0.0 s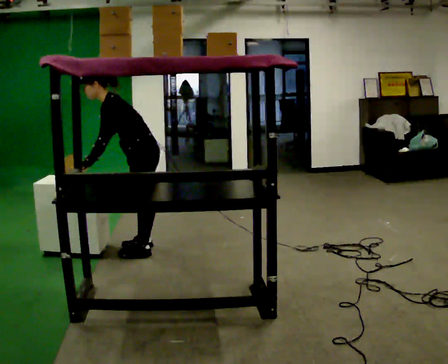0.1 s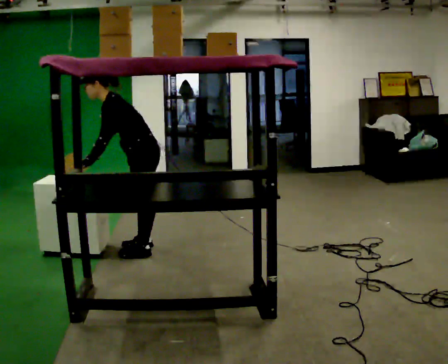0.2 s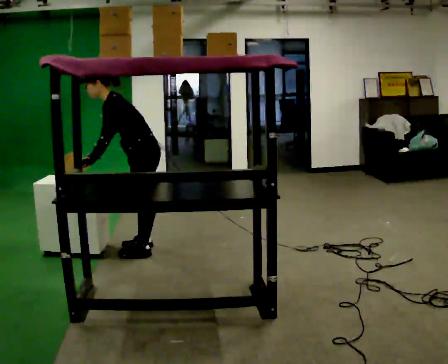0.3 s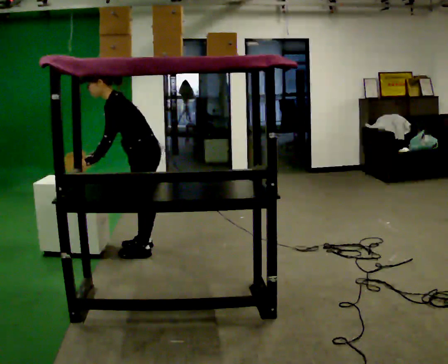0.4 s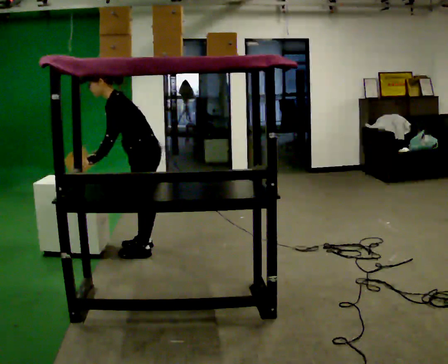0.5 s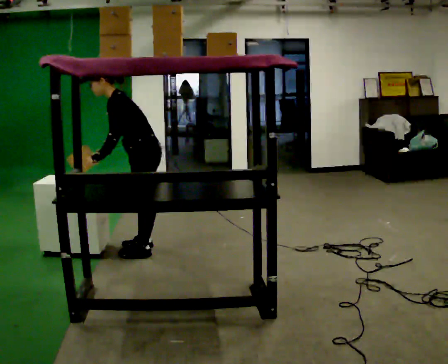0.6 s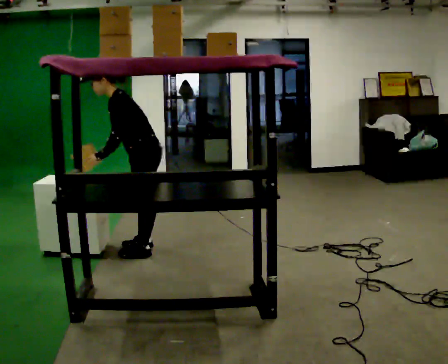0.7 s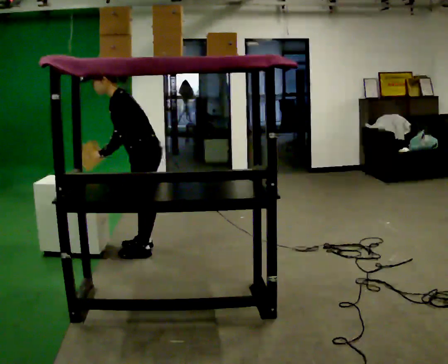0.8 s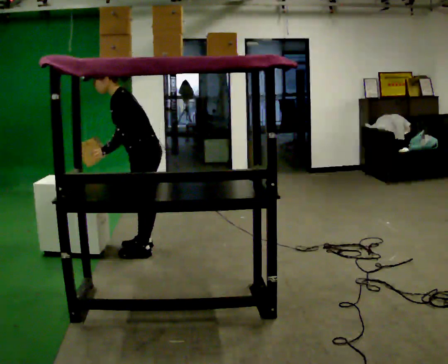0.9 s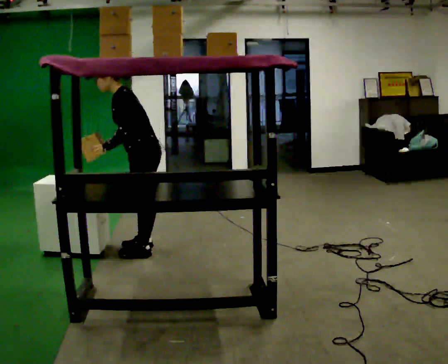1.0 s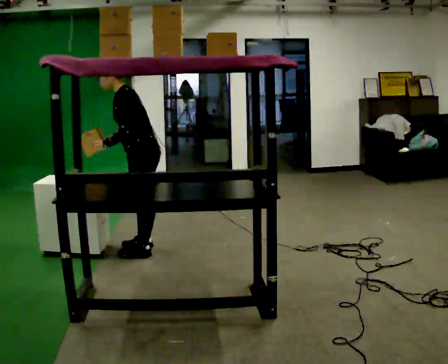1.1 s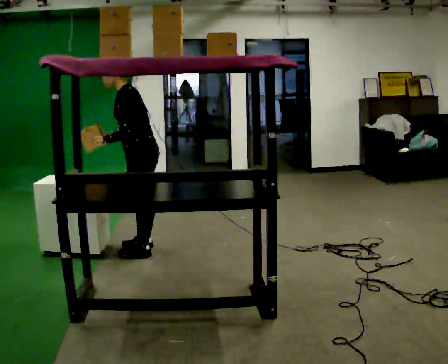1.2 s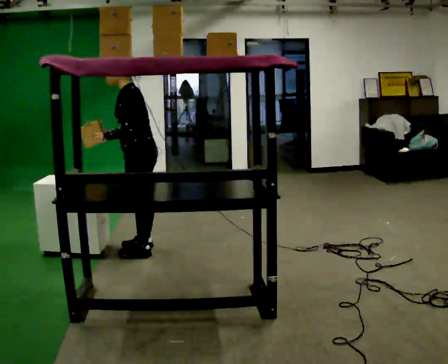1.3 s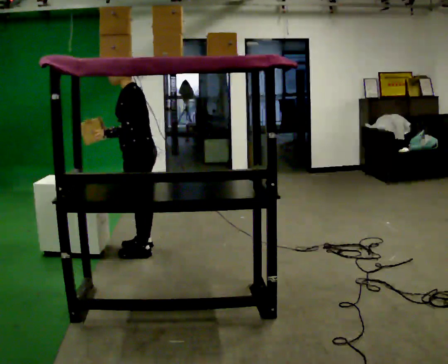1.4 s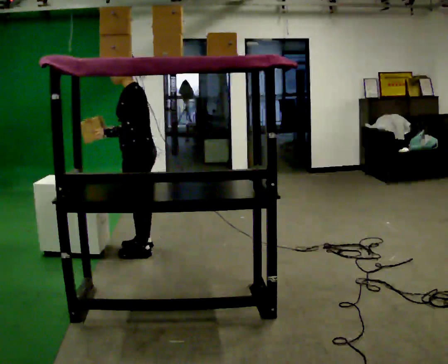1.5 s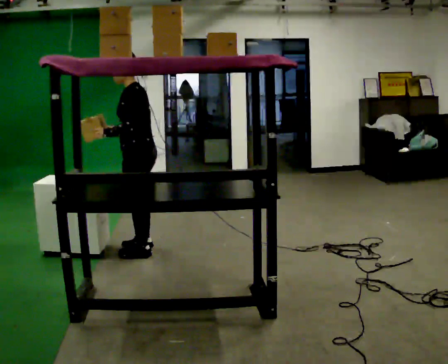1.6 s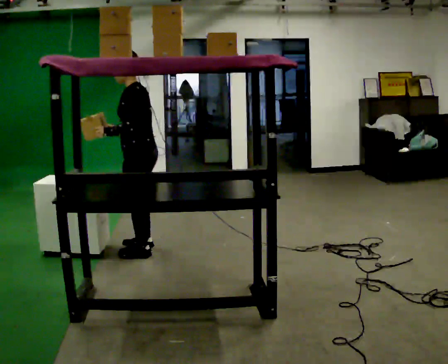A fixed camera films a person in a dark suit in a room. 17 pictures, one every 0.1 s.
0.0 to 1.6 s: In the picture the upper body tilts clockwise, shoulders to the right, as they lean back or straighten.
The film runs backward here.
